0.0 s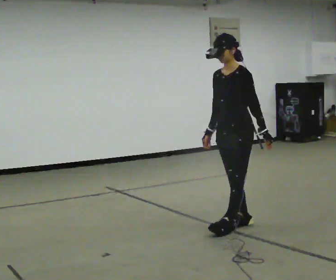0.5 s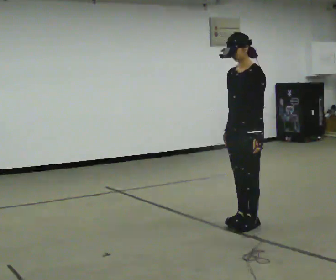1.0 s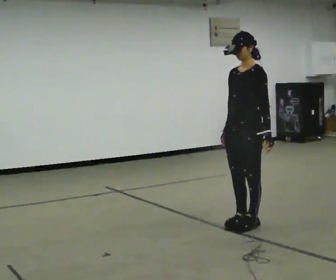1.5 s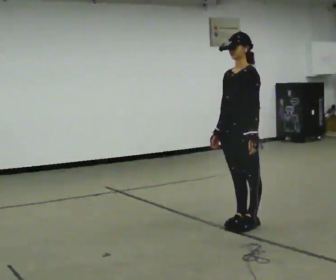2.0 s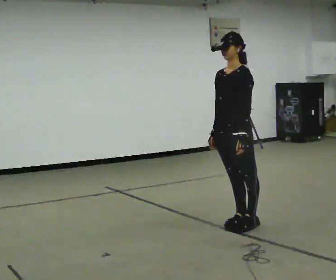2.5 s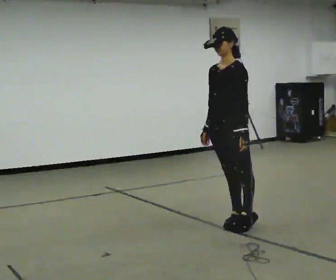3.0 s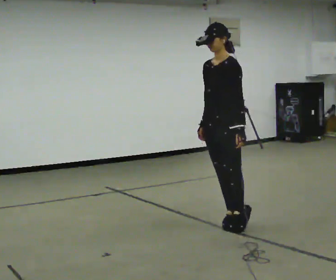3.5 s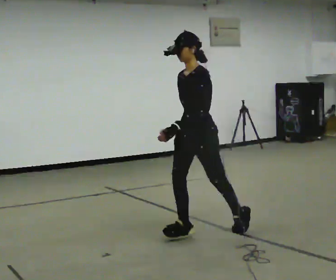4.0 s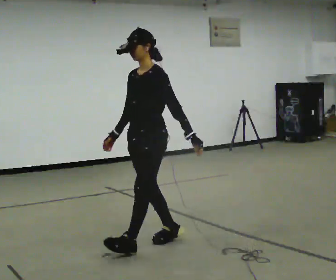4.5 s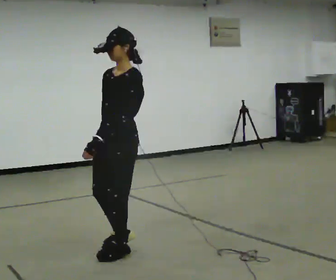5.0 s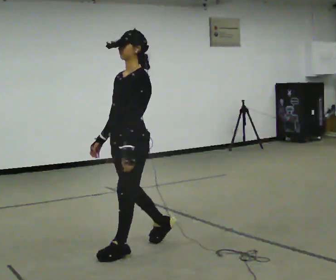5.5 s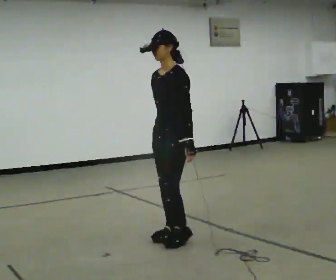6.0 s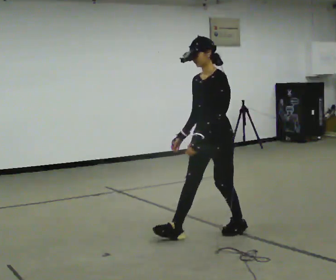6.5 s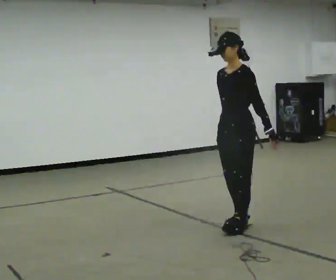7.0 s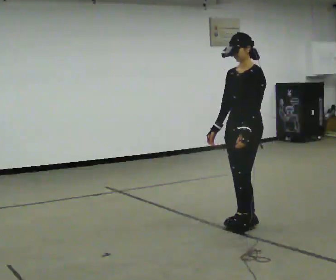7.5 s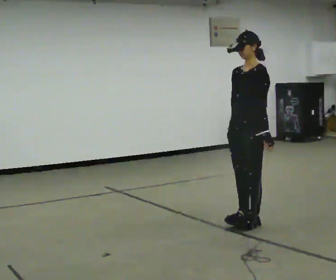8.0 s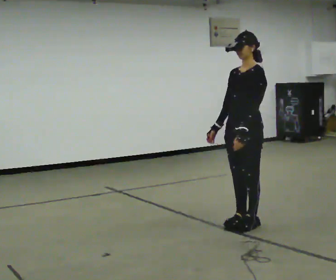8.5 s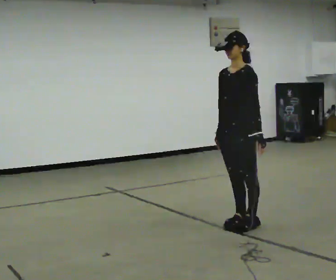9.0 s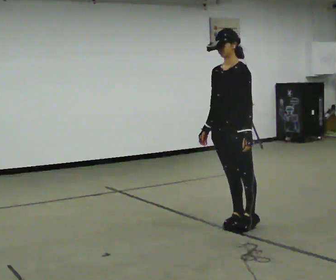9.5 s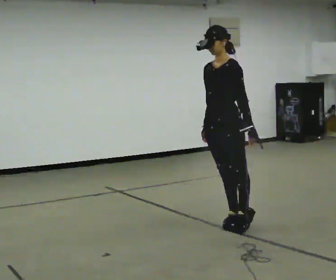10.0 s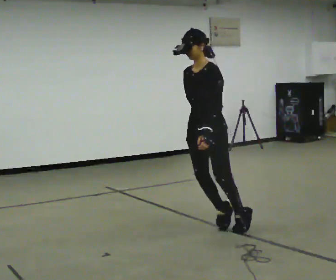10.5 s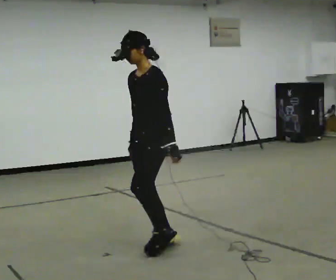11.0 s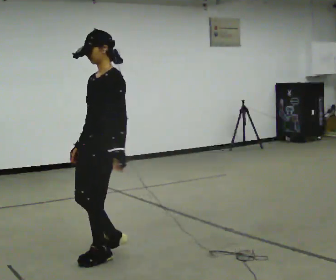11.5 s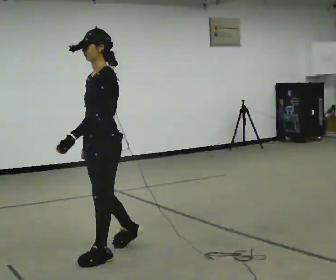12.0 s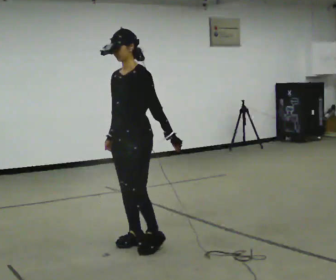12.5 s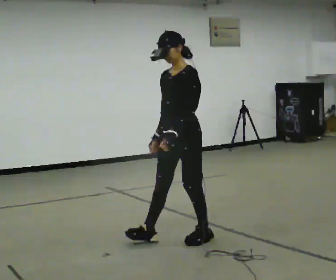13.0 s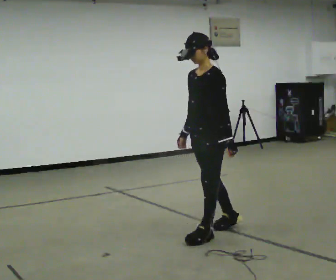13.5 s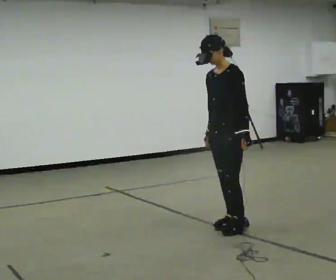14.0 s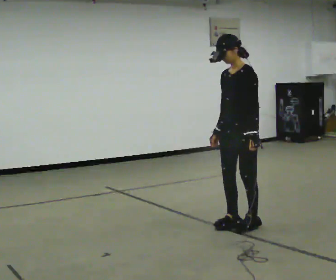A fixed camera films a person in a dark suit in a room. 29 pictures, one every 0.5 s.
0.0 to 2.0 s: The person moves a little, or ends about where they began.
2.0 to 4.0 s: In the picture they go to the left and toward the camera, about 1 m in 1 step, which for them is forward.
4.0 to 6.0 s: In the picture they go to the right and away from the camera, about 0.75 m in 2 steps, which for them is backward.
6.0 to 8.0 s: In the picture they go to the right and away from the camera, about 0.25 m in 1 step, which for them is backward.
8.0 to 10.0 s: In the picture they go to the left and toward the camera, about 0.5 m, which for them is forward.
10.0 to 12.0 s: In the picture they go to the left and toward the camera, about 0.5 m in 3 steps, which for them is forward.
12.0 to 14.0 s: In the picture they go to the right and away from the camera, about 1 m in 3 steps, which for them is backward.
The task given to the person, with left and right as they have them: Stand on the marked spots and rise up onto your toes. Stay up until you start to topple forward, then step to catch yourself. Repeat at your own pace until the operator says stop. Go slowly and only as far as you are comfortable. Step whenever you need to; do not try to hold on longer than feels safe.
The film runs forward here.
